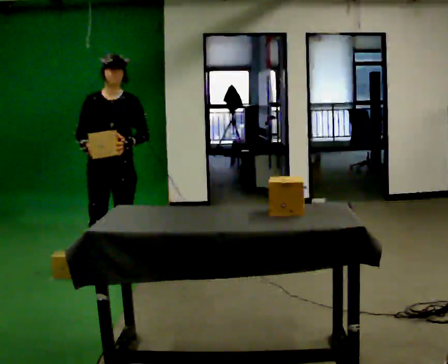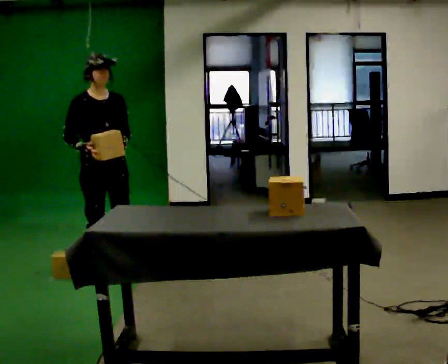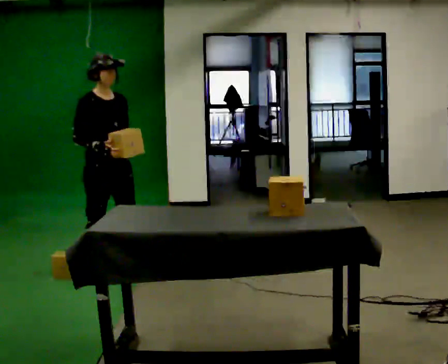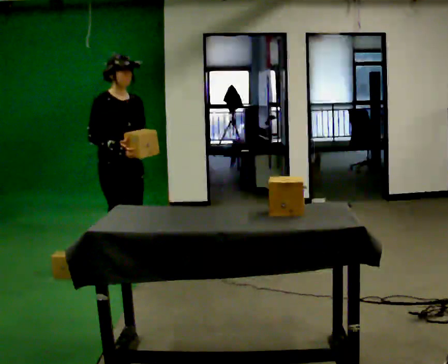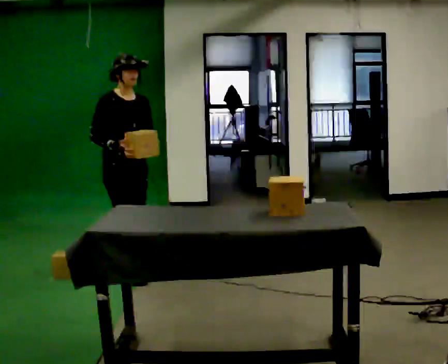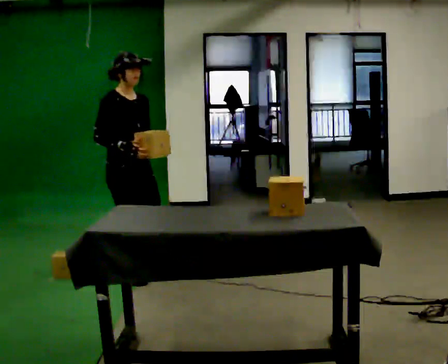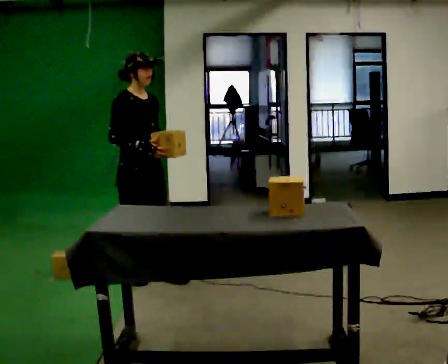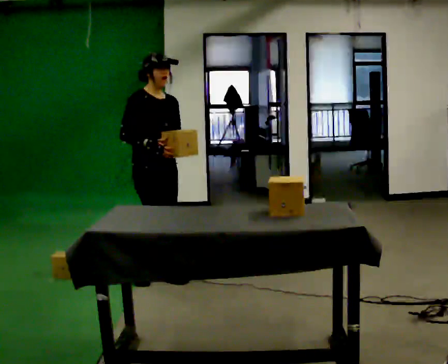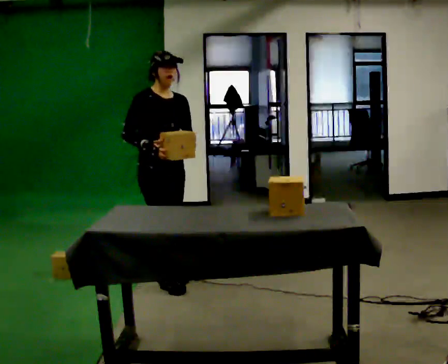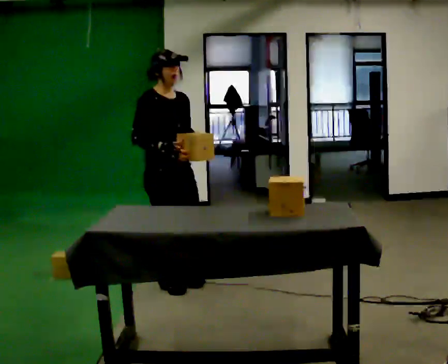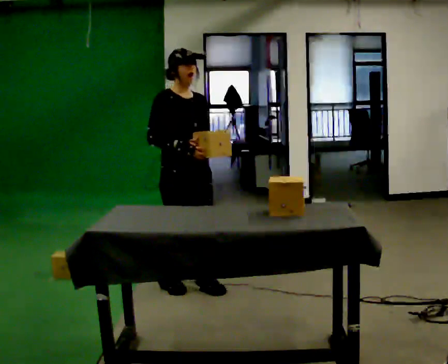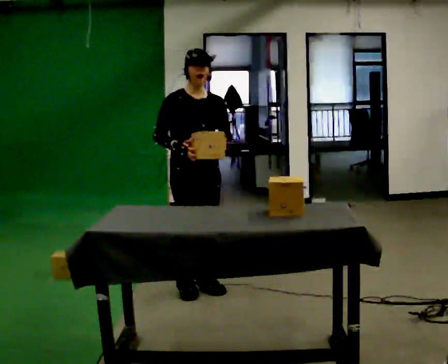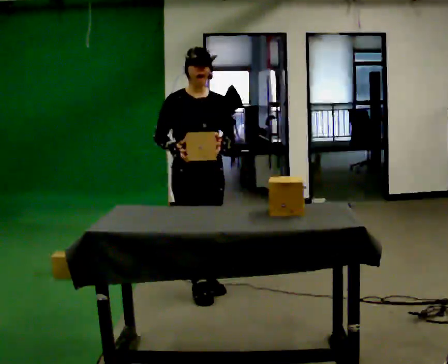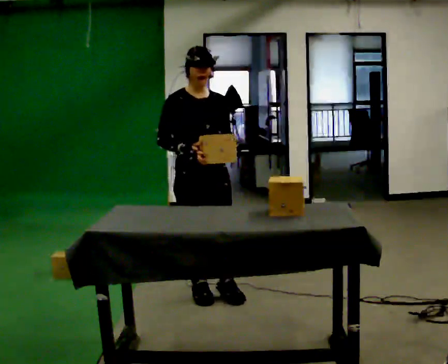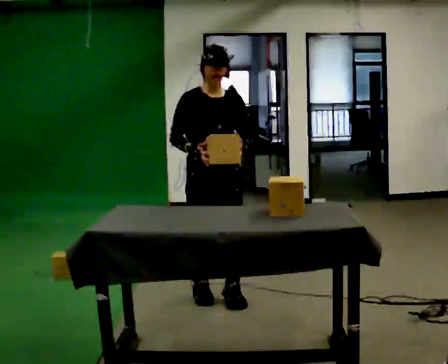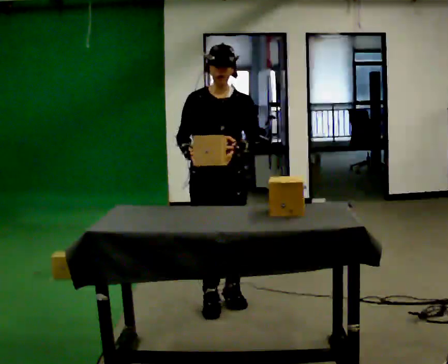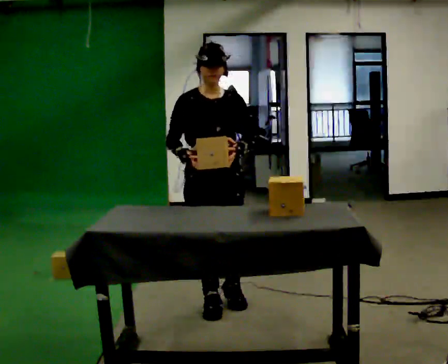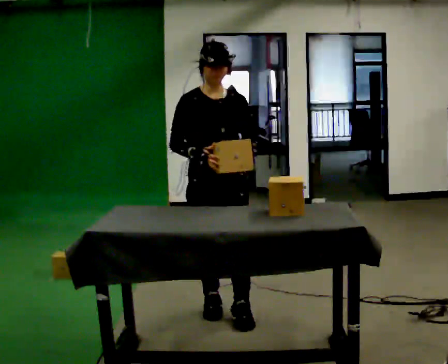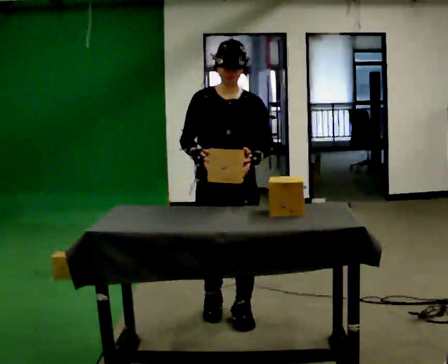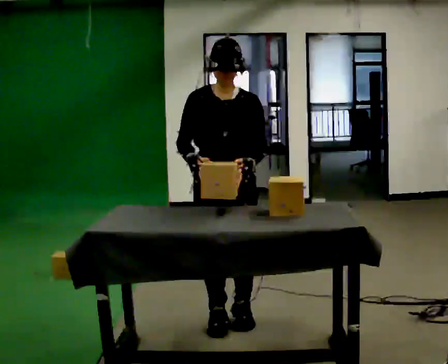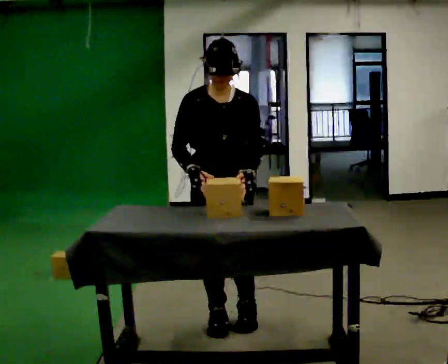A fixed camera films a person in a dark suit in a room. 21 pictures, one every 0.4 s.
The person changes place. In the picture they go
toward the camera.
0.0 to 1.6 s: Seen from above the body turns counterclockwise, about 45 degrees: to their left, with its near side sliding to the right.
1.6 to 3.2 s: In the picture they go to the right and toward the camera, about 0.25 m in 2 steps, which for them is forward.
3.2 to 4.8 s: In the picture they go toward the camera and to the right, about 0.25 m in 2 steps, which for them is forward.
4.8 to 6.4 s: In the picture they go toward the camera, about 0.25 m in 2 steps, which for them is forward.
6.4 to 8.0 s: In the picture they go toward the camera, about 0.25 m in 2 steps, which for them is forward.
The film runs forward here.
